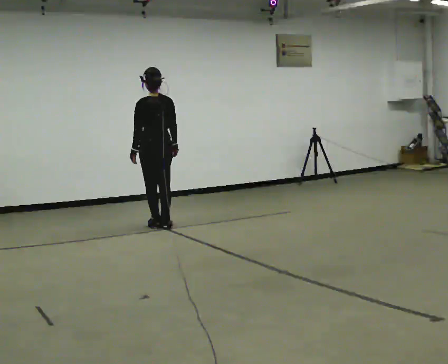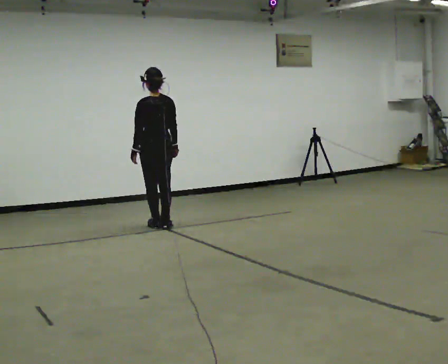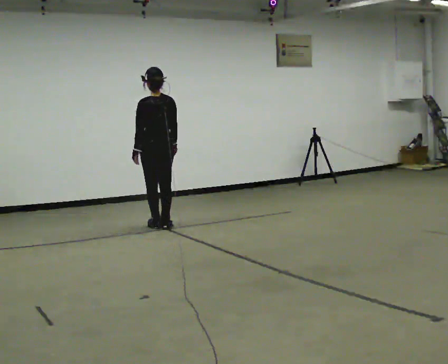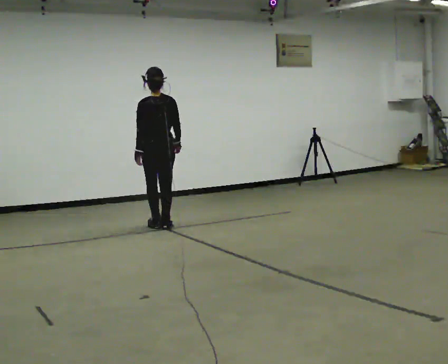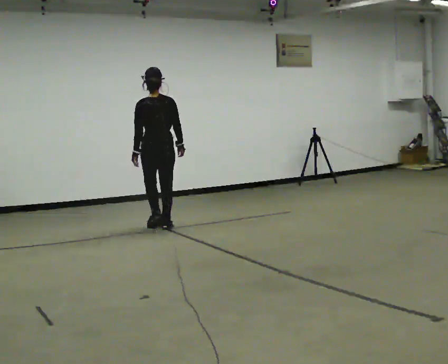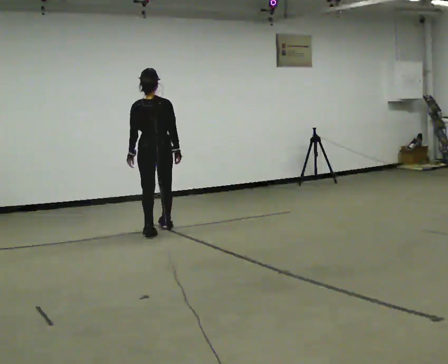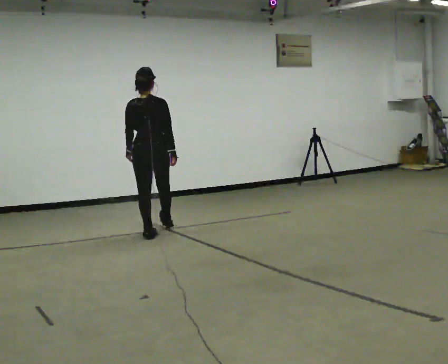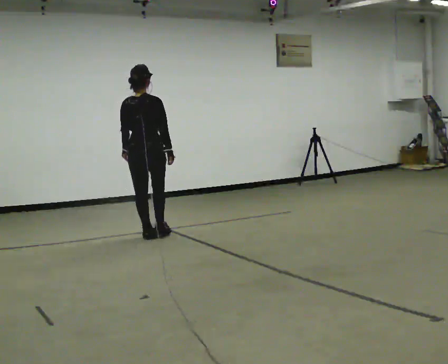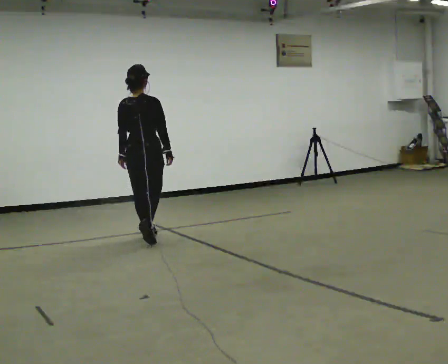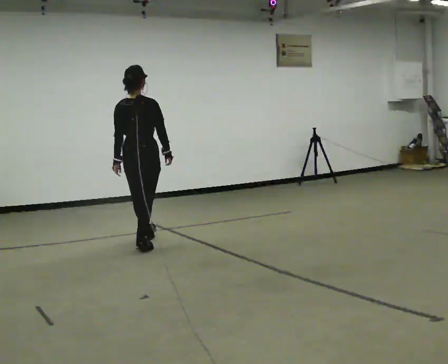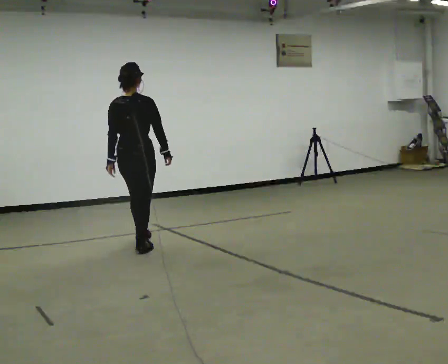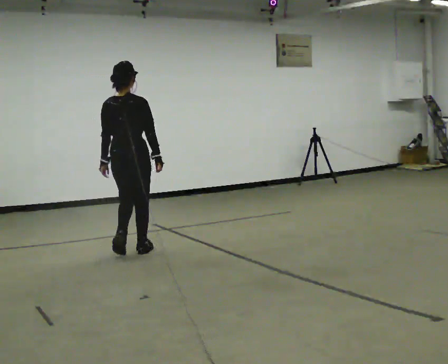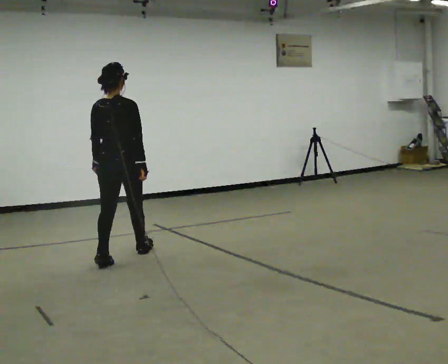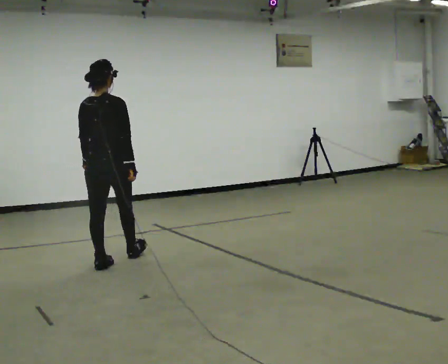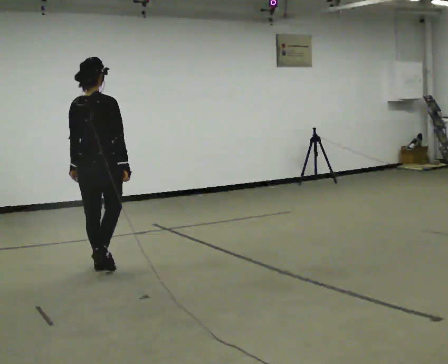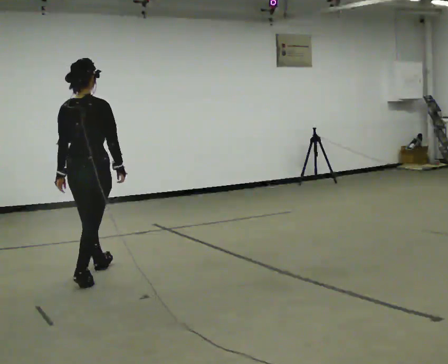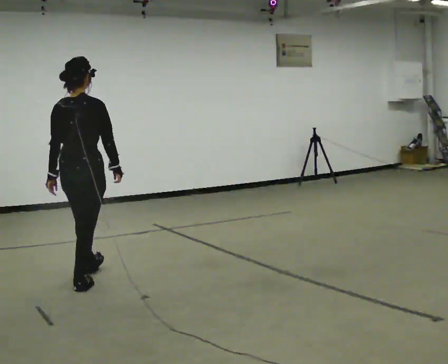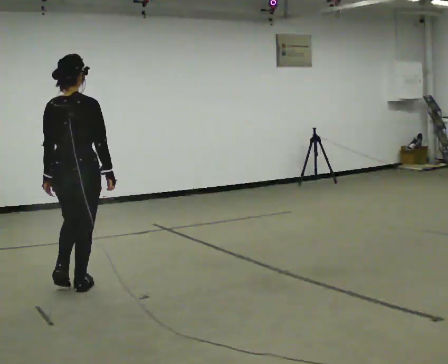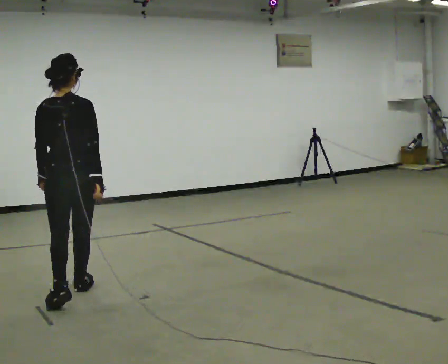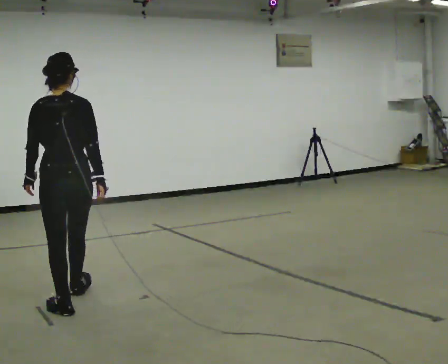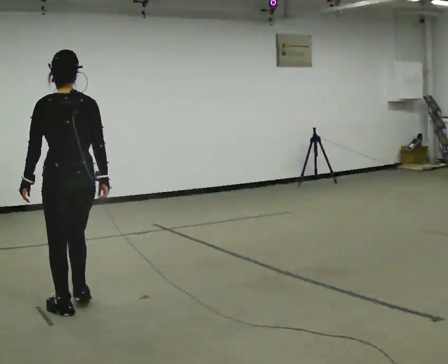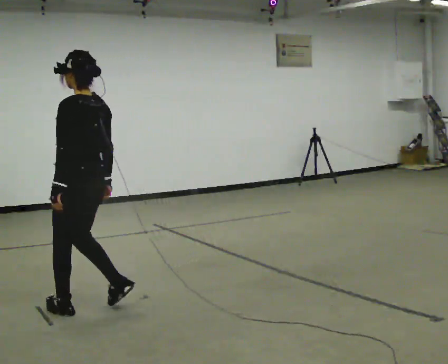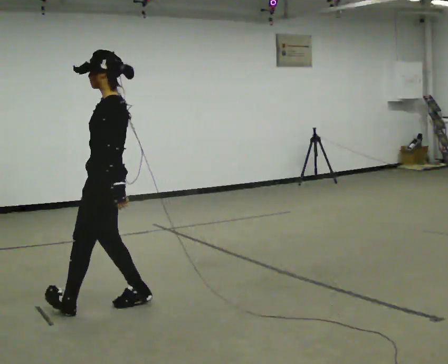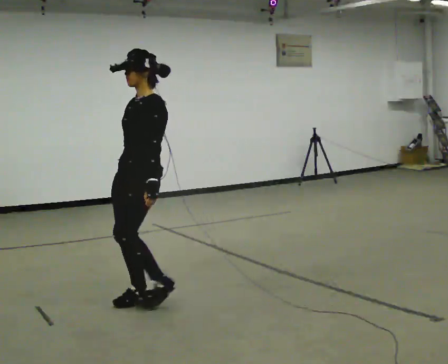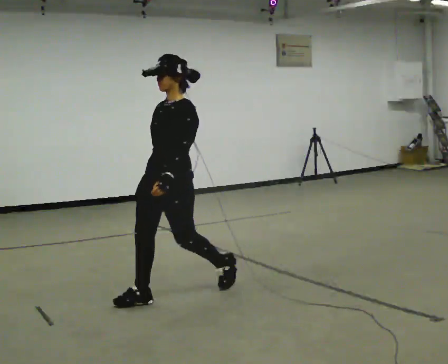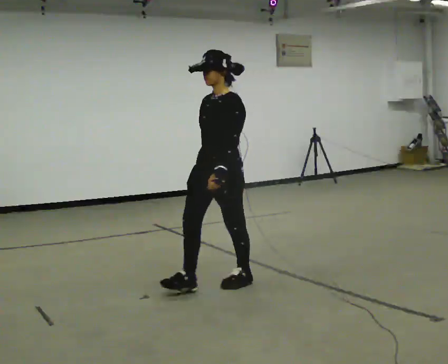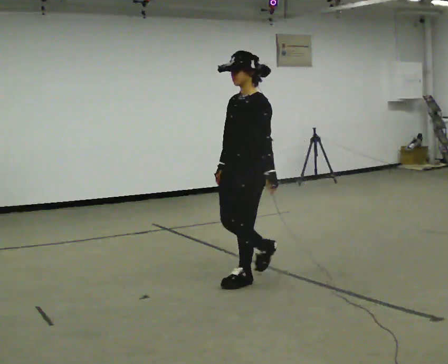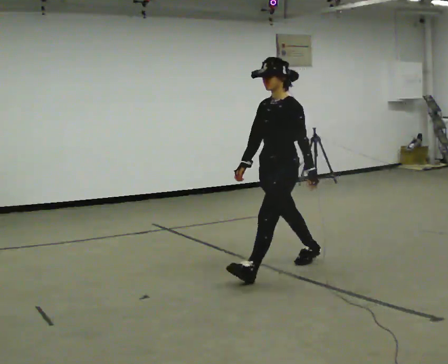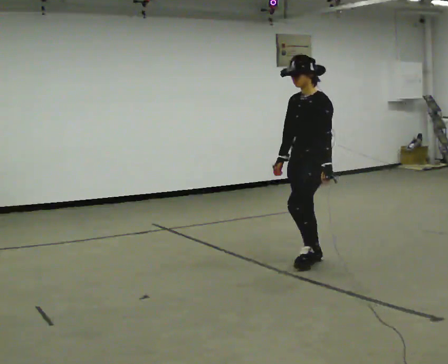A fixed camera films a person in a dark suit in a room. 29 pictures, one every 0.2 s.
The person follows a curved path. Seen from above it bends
counterclockwise.
0.0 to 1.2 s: The part of the body nearest the lens slides to the left as the person turns to their right by about 30 degrees. In the picture they go toward the camera, about 0.5 m in 2 steps, which for them is backward and to their left.
1.2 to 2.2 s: In the picture they go toward the camera, about 1 m in 1 step, which for them is backward.
2.2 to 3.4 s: In the picture they go toward the camera and to the left, about 1 m in 2 steps, which for them is backward.
3.4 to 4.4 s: Seen from above the body turns counterclockwise, about 90 degrees: to their left, with its near side sliding to the right. In the picture they go toward the camera and to the right, about 0.5 m in 2 steps.
4.4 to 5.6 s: Seen from above the body turns counterclockwise, about 30 degrees: to their left, with its near side sliding to the right. In the picture they go to the right and away from the camera, about 1.5 m in 2 steps, which for them is backward.
The film runs backward here.
